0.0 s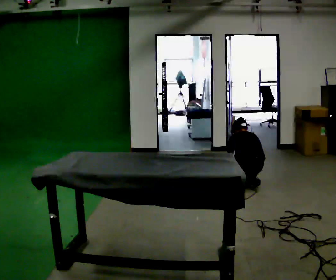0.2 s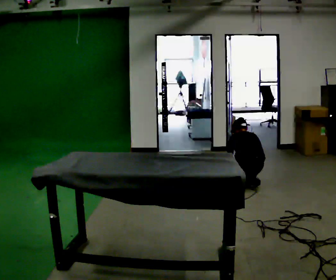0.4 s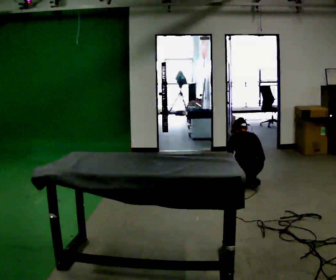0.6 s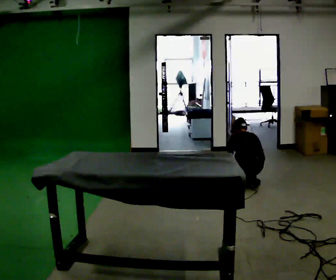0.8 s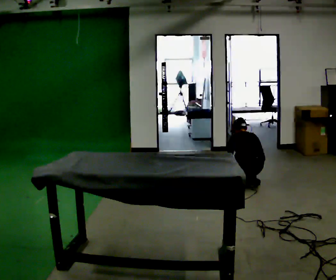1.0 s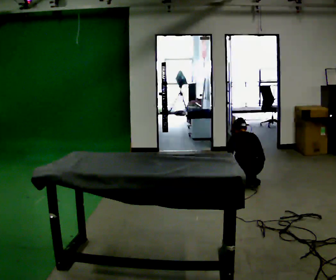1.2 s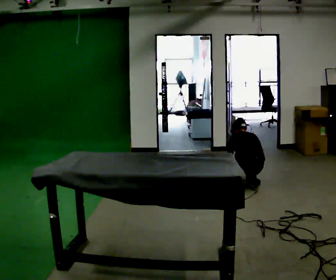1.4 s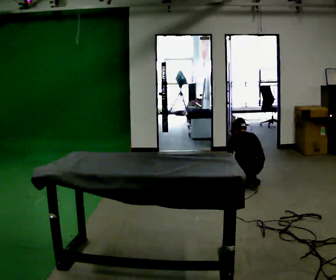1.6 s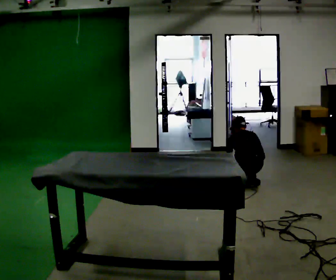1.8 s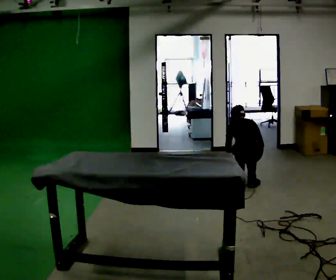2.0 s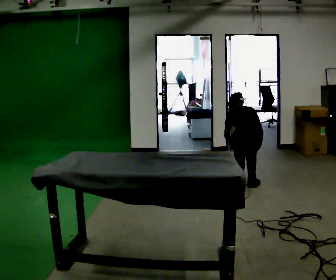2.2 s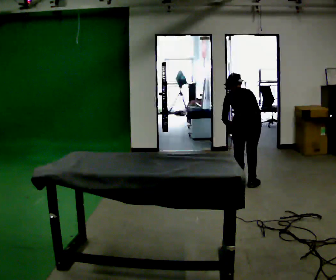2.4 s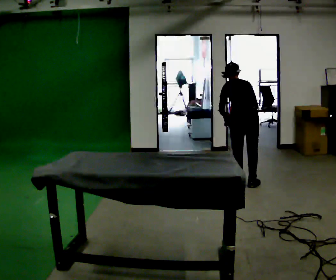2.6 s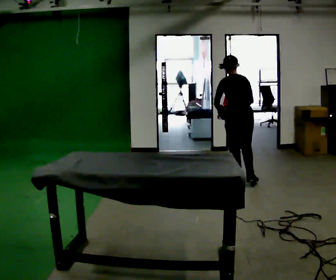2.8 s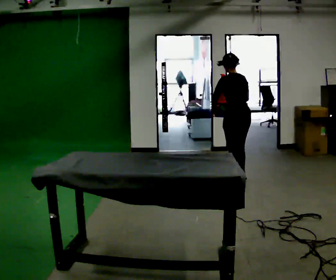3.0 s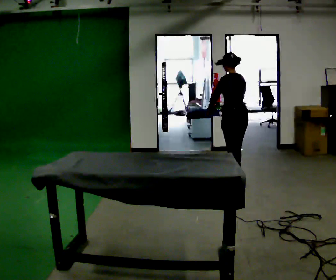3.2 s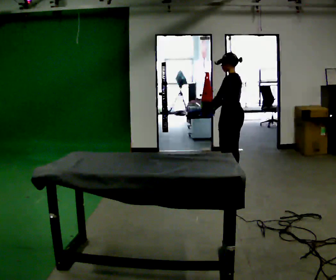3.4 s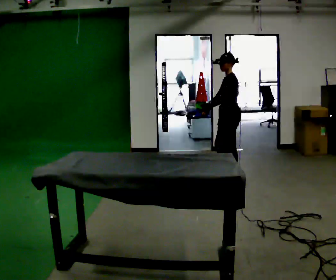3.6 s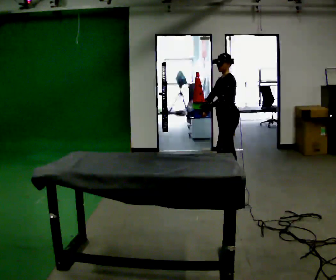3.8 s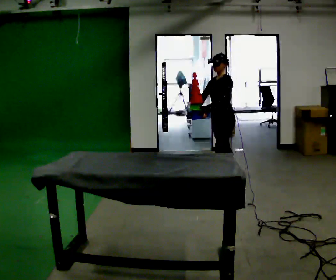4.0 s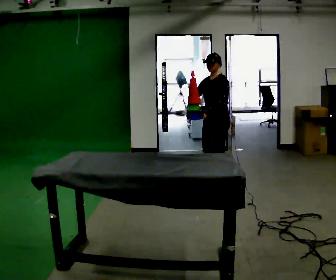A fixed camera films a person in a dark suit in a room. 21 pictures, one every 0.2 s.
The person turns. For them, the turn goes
to their left.
The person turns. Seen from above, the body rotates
counterclockwise.
0.0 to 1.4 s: The person keeps their place and pose.
1.4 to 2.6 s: In the picture they go away from the camera, about 0.25 m, which for them is forward. The shoulders move upward. The upper body tips toward the camera, its near side rolling downward, as they lean back or straighten. In the picture their right hand goes upward.
2.6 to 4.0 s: Seen from above the body turns counterclockwise, about 120 degrees: to their left, with its near side sliding to the right. In the picture they go to the left, about 0.25 m in 2 steps.
The film runs forward here.
